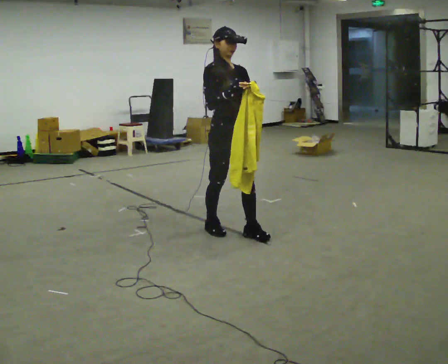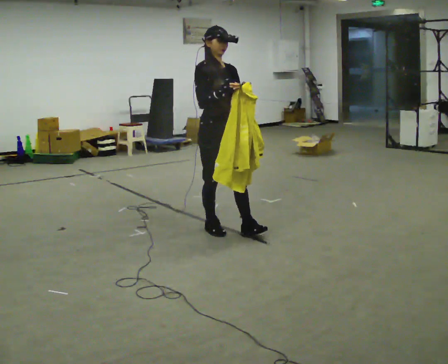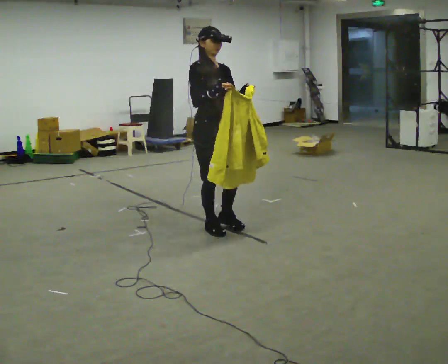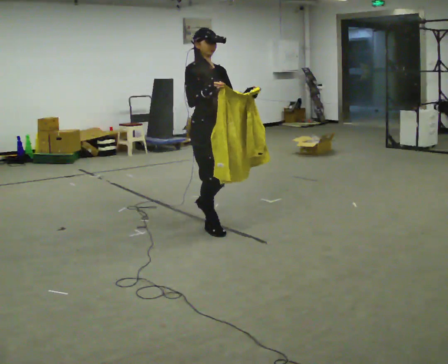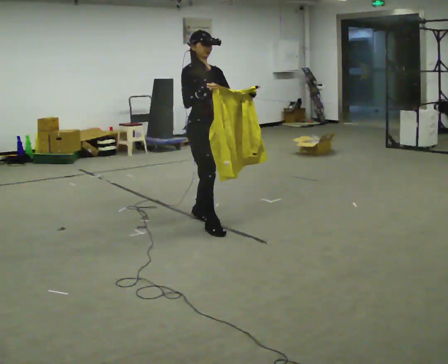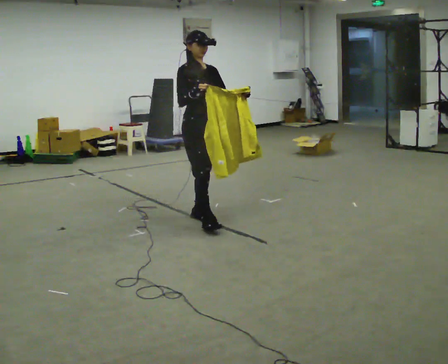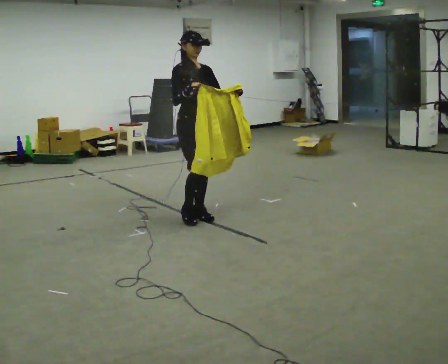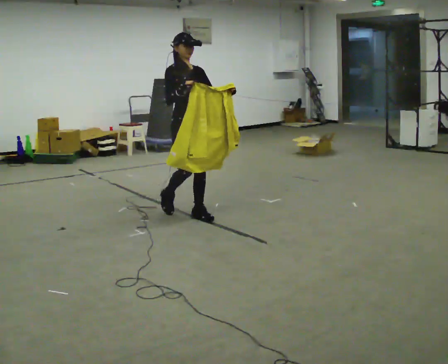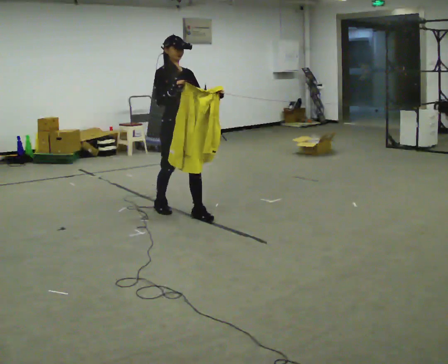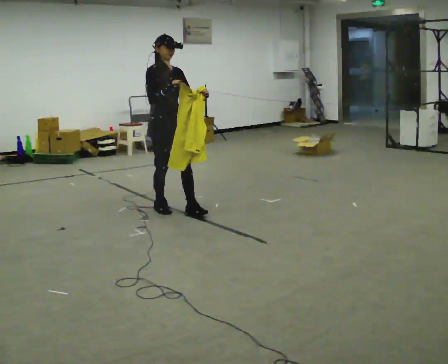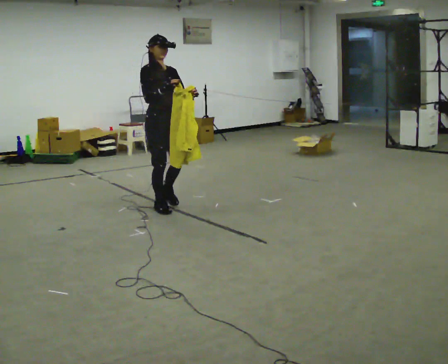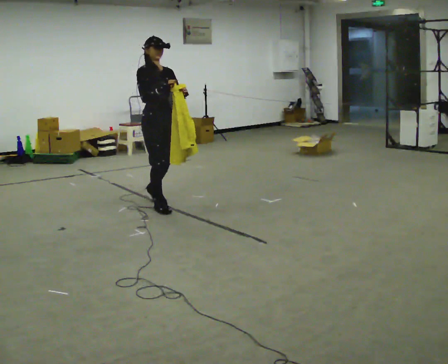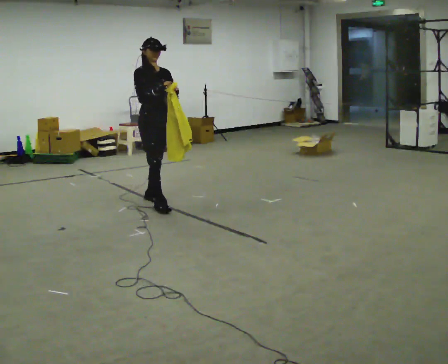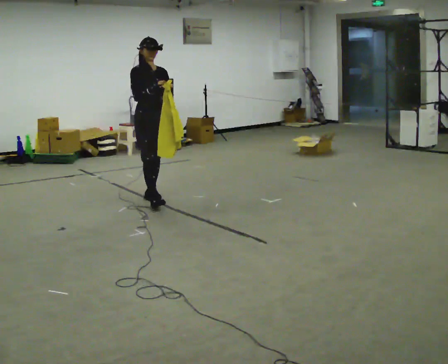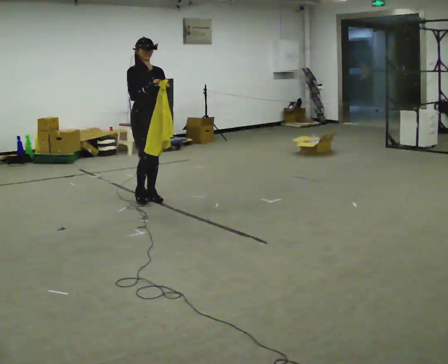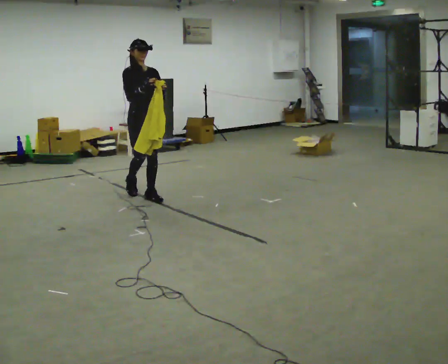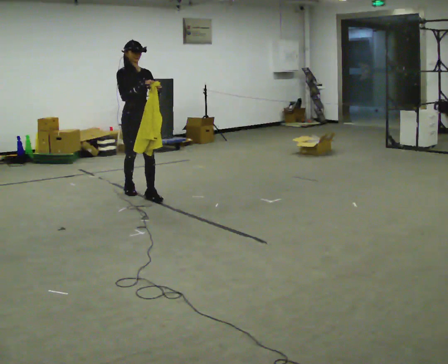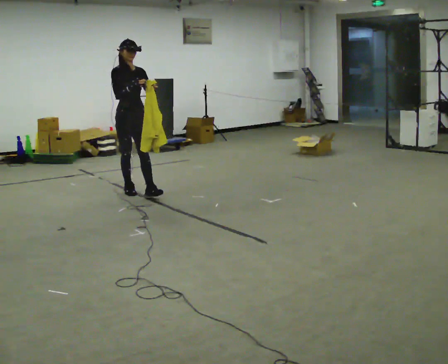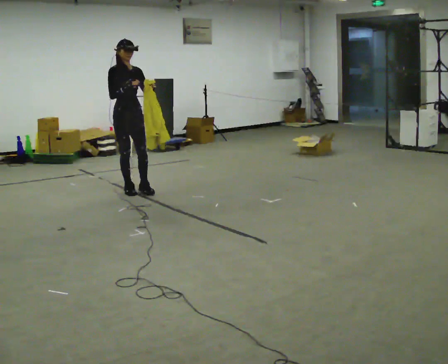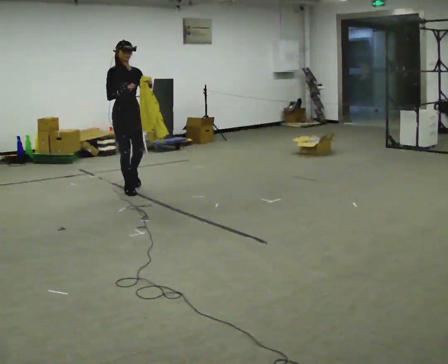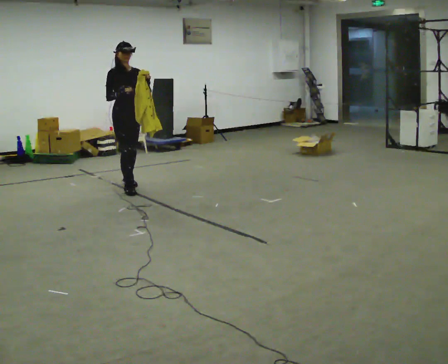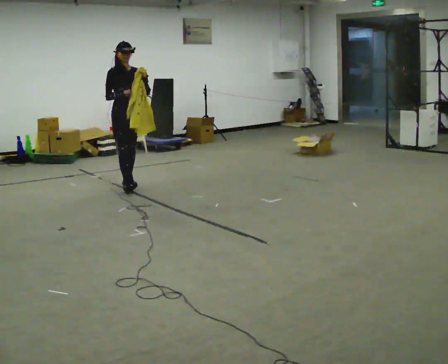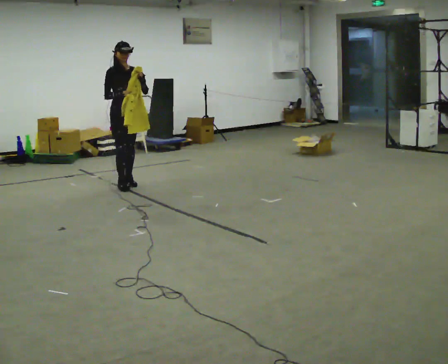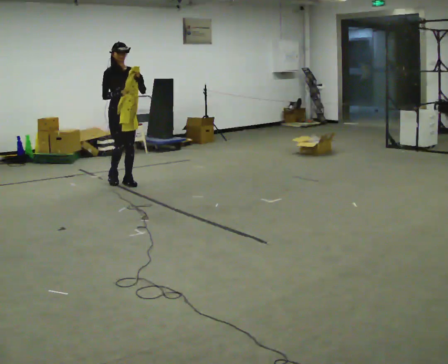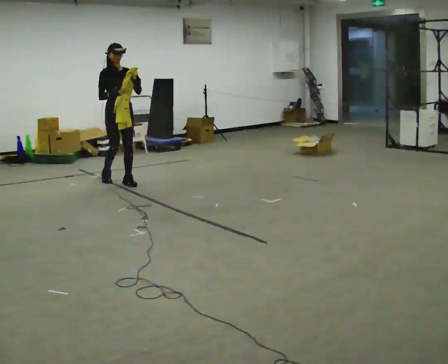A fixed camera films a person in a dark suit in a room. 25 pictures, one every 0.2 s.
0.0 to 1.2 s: In the picture they go away from the camera and to the left, about 0.5 m in 2 steps, which for them is backward.
1.2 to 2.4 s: In the picture they go away from the camera and to the left, about 0.75 m in 1 step, which for them is backward.
2.4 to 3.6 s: In the picture they go away from the camera and to the left, about 0.5 m in 2 steps, which for them is backward.
3.6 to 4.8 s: In the picture they go away from the camera, about 0.5 m in 1 step, which for them is backward.
The film runs backward here.
